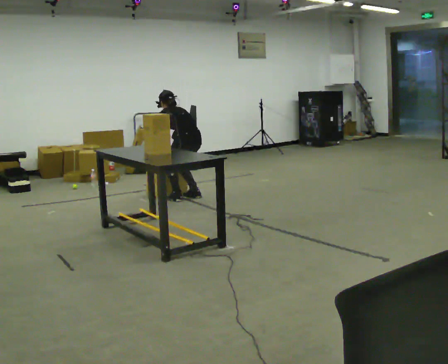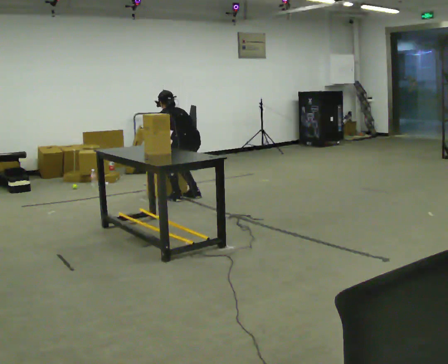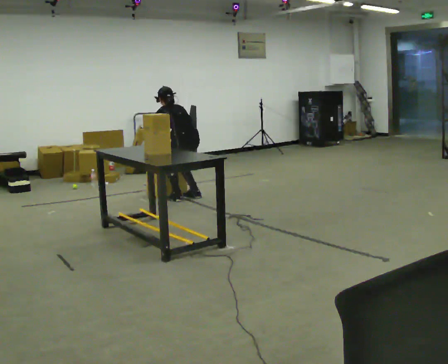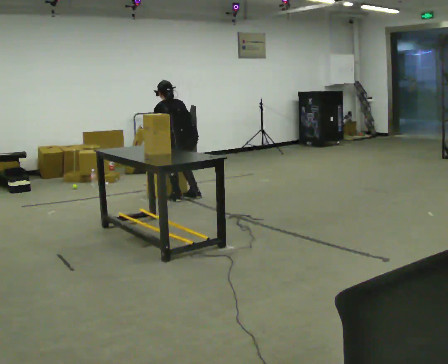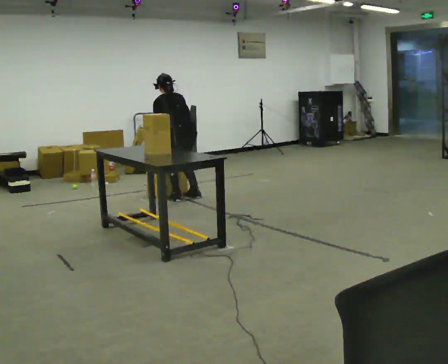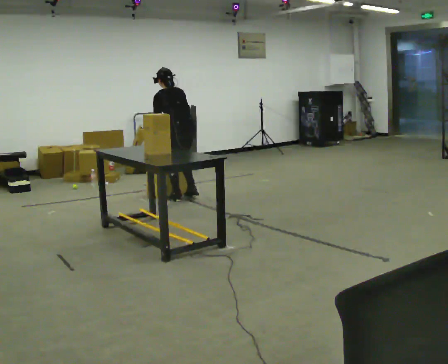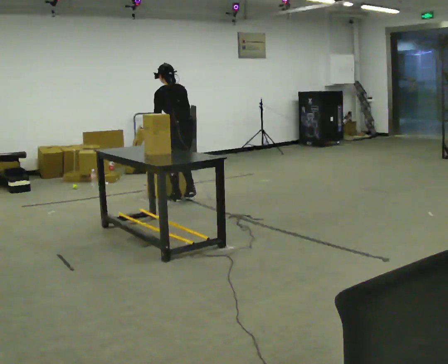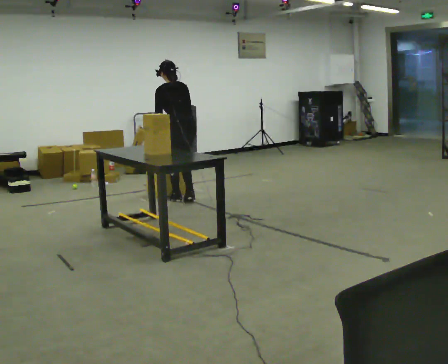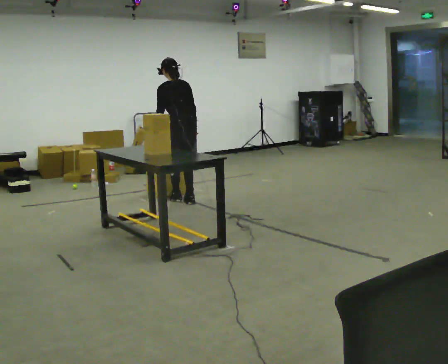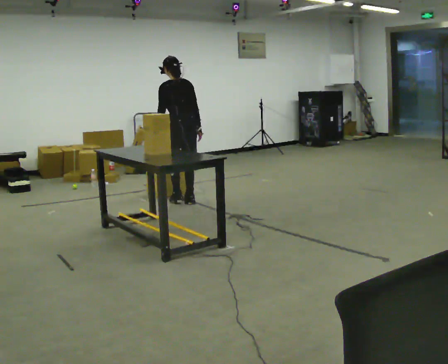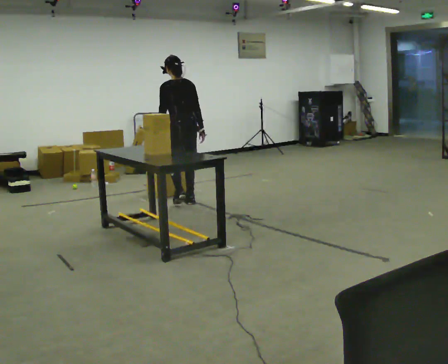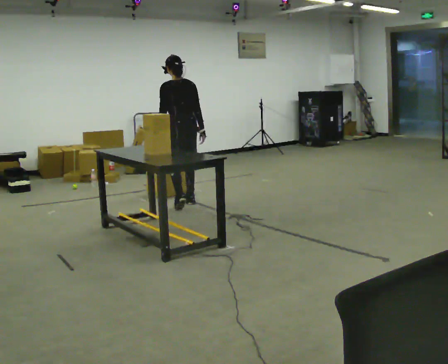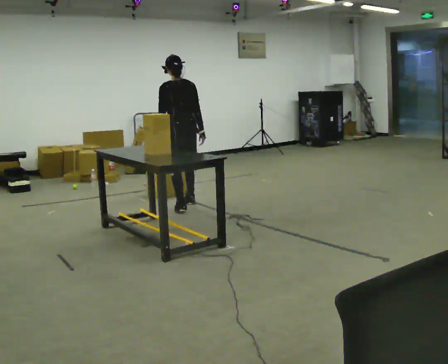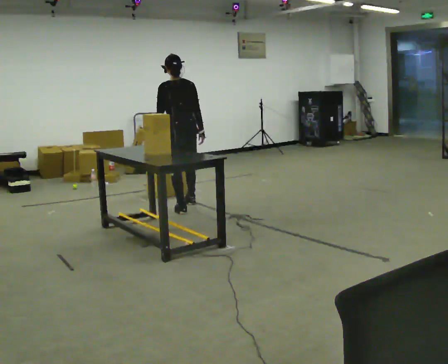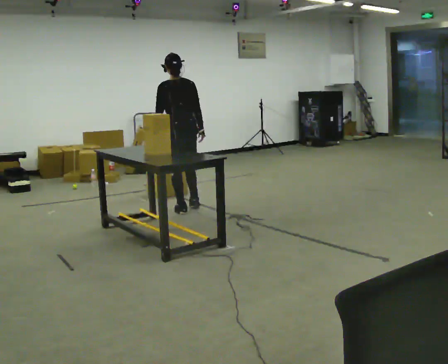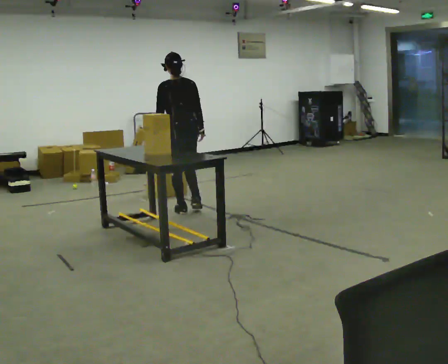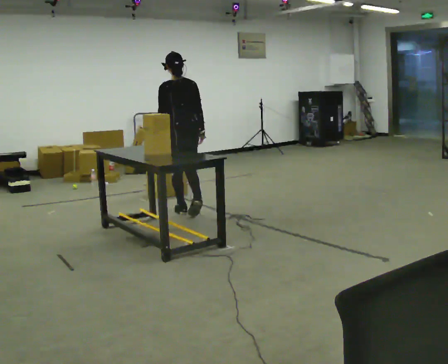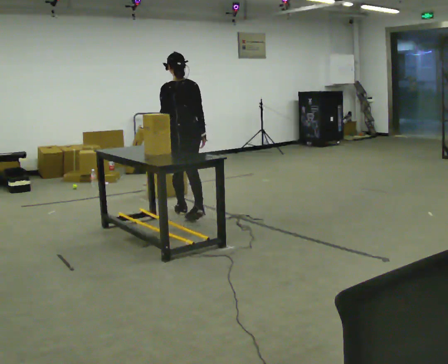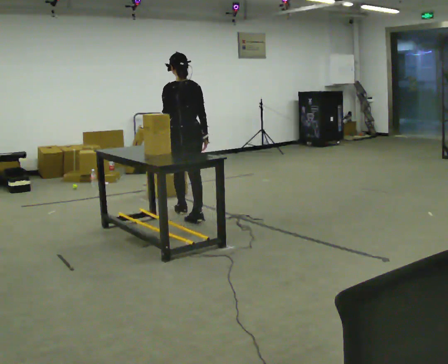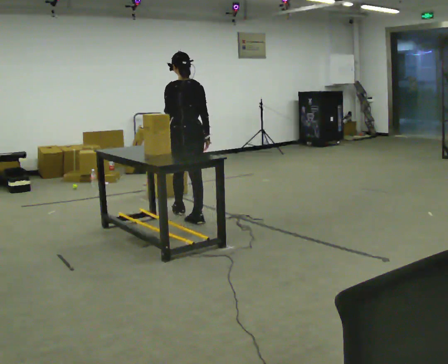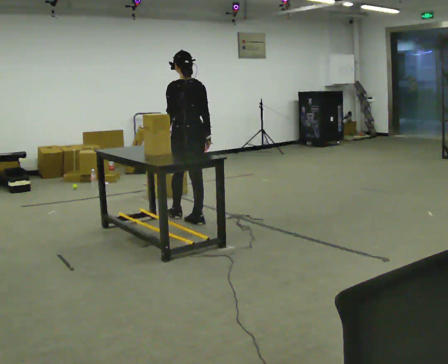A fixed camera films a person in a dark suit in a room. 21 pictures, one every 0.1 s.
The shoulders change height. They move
upward.
The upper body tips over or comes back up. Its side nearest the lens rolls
downward.
0.0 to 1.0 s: In the picture they go toward the camera, about 0.25 m in 2 steps, which for them is backward and to their left. The shoulders move upward. The upper body tips toward the camera, its near side rolling downward, as they lean back or straighten. In the picture their right hand goes upward.
1.0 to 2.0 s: In the picture they go toward the camera, about 0.5 m in 2 steps, which for them is backward.
The film runs backward here.
